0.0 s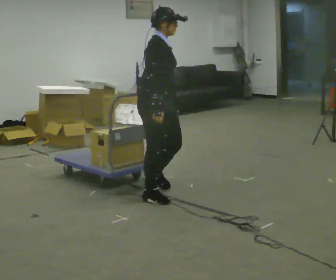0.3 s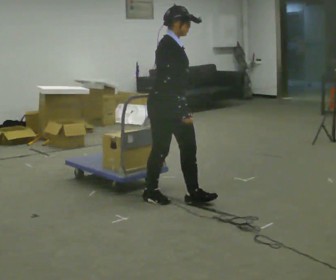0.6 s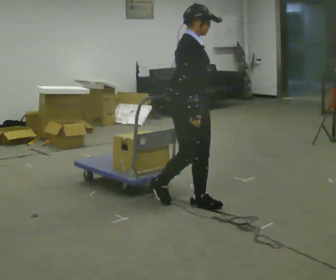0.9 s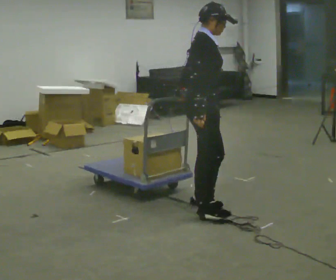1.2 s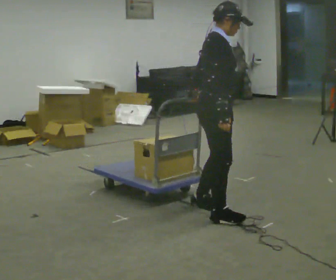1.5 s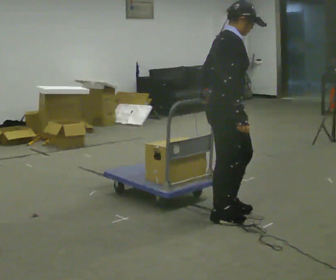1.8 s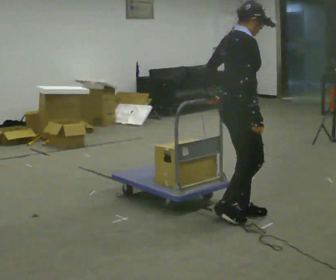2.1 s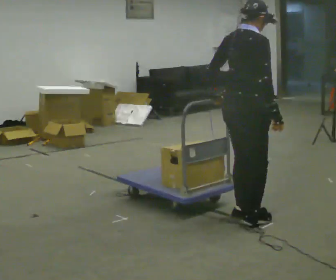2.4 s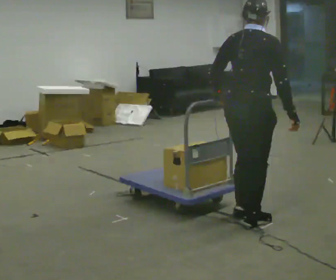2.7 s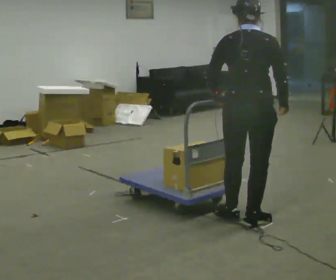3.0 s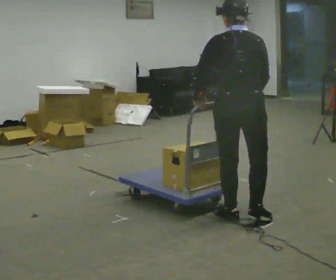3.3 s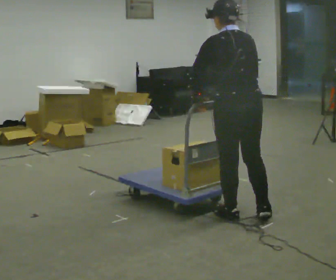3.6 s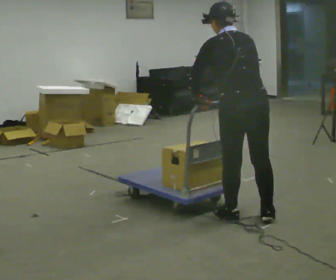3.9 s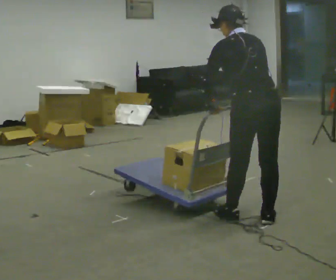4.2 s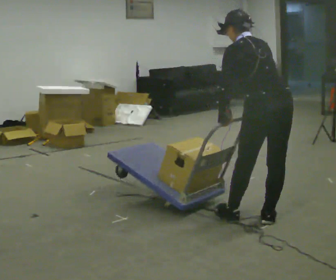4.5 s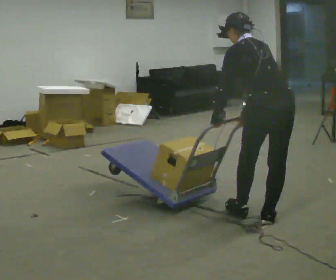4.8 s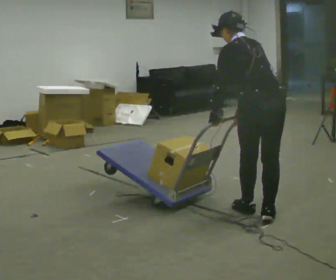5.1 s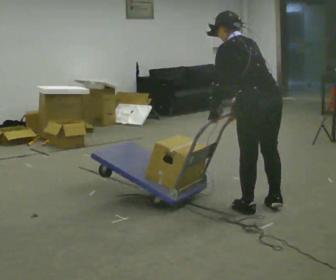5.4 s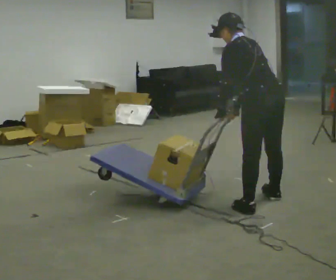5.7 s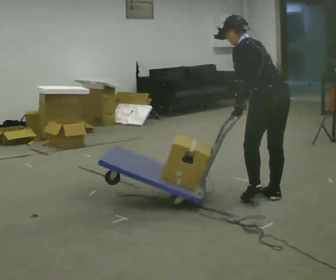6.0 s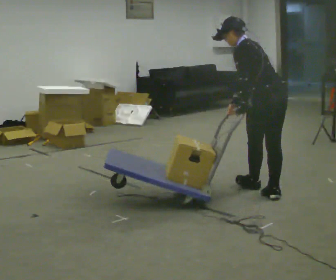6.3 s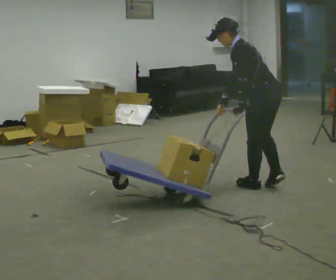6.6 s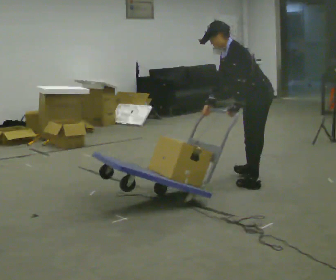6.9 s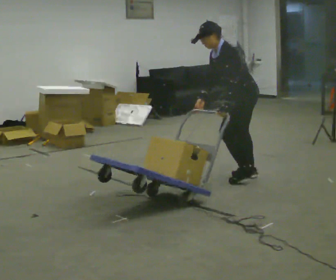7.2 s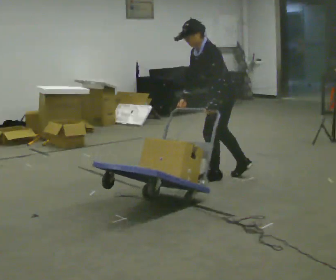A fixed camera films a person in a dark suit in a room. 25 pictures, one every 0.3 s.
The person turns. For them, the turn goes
to their left.
The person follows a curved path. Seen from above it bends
counterclockwise.
0.0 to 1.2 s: In the picture they go to the right and toward the camera, about 0.5 m in 2 steps, which for them is forward.
1.2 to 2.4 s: Seen from above the body turns counterclockwise, about 60 degrees: to their left, with its near side sliding to the right. In the picture they go to the right, about 0.25 m in 2 steps, which for them is to their right and forward.
2.4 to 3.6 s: The part of the body nearest the lens slides to the right as the person turns to their left by about 60 degrees. In the picture the upper body tilts counterclockwise, shoulders to the left. In the picture their right hand goes to the left.
3.6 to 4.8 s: The person moves a little, or ends about where they began.
4.8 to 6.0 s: In the picture they go away from the camera, about 0.5 m in 2 steps, which for them is to their right and forward.
6.0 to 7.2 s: The part of the body nearest the lens slides to the right as the person turns to their left by about 45 degrees. In the picture they go to the left and away from the camera, about 0.5 m in 2 steps, which for them is forward and to their right. The upper body tips toward the camera, its near side rolling downward.
The film runs forward here.
